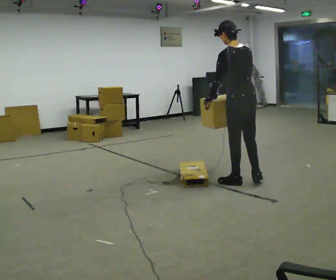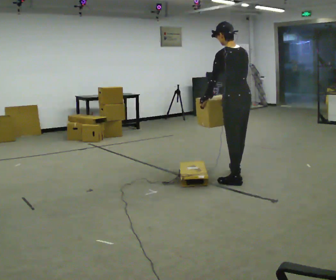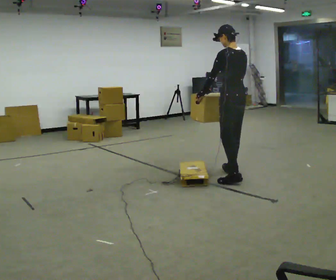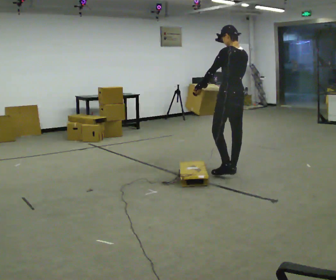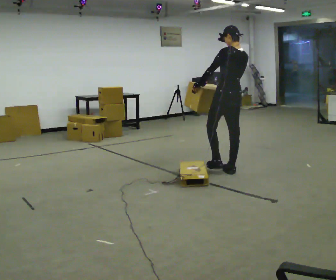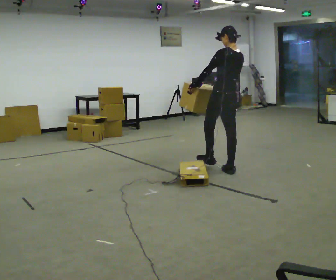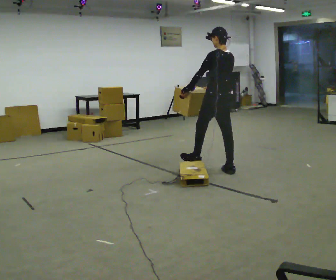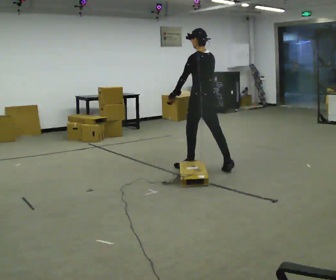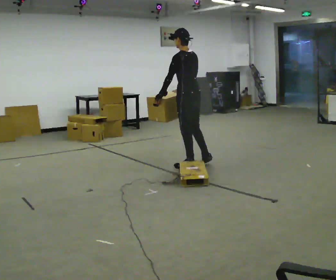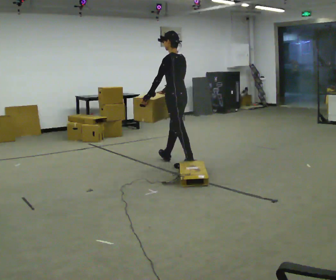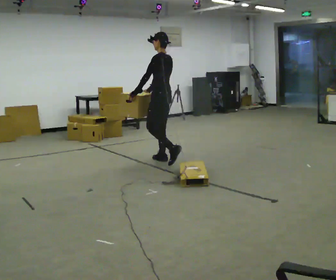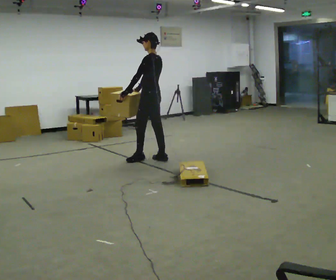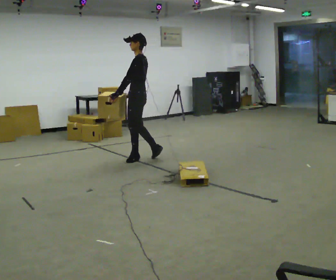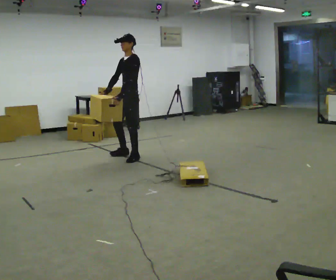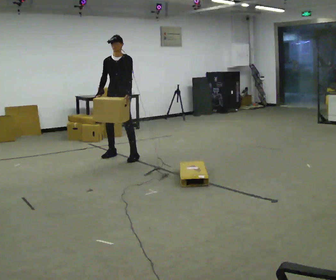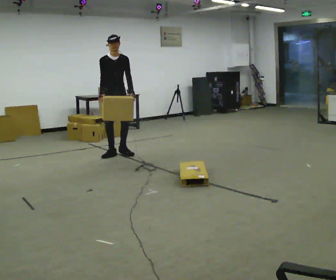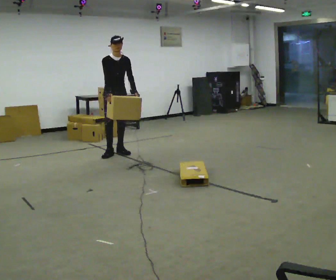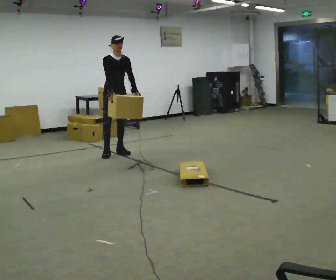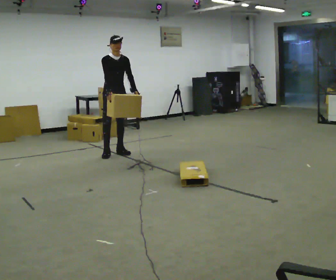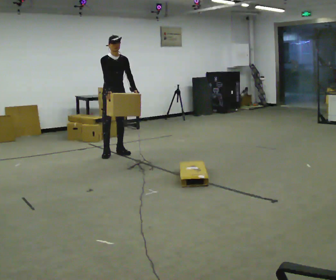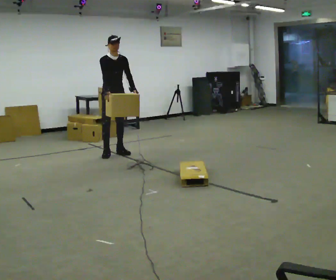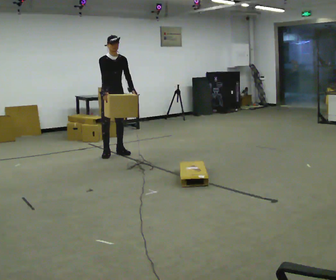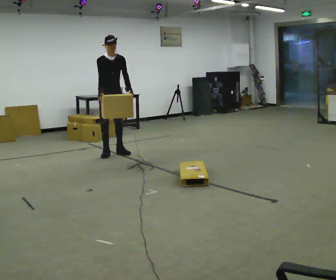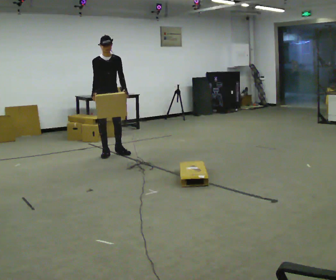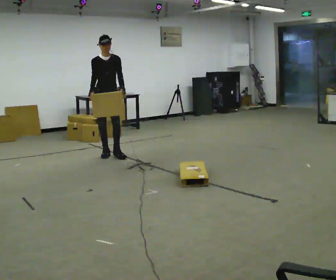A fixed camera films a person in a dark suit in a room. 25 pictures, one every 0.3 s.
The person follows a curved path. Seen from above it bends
counterclockwise.
0.0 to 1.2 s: In the picture they go away from the camera, about 0.5 m in 1 step, which for them is forward and to their right. In the picture the upper body tilts clockwise, shoulders to the right.
1.2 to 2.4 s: In the picture they go to the left and away from the camera, about 0.5 m in 1 step, which for them is forward. In the picture the upper body tilts counterclockwise, shoulders to the left.
2.4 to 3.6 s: The person turns about 45 degrees to their left, counterclockwise seen from above, so the part of the body nearest the lens slides to the right. In the picture they go to the left and away from the camera, about 1 m in 2 steps, which for them is forward.
3.6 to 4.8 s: The part of the body nearest the lens slides to the right as the person turns to their left by about 120 degrees. In the picture they go away from the camera and to the left, about 0.5 m in 2 steps.
4.8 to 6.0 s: The person moves a little, or ends about where they began.
6.0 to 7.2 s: In the picture they go toward the camera, about 0.25 m, which for them is forward.
The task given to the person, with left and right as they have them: Carry the box over the low sill without stopping, then bring it back over. Keep going until the operator says stop; one object at a time, and do not rush between trips.
The film runs forward here.
